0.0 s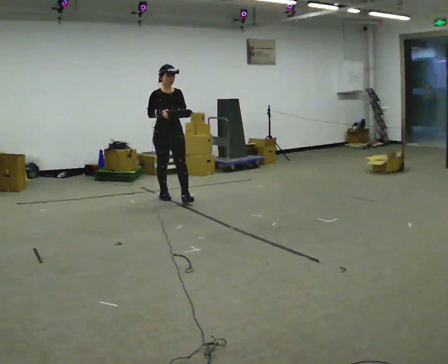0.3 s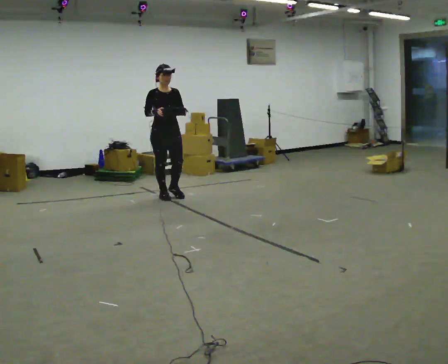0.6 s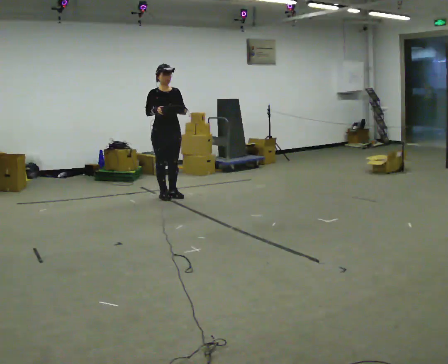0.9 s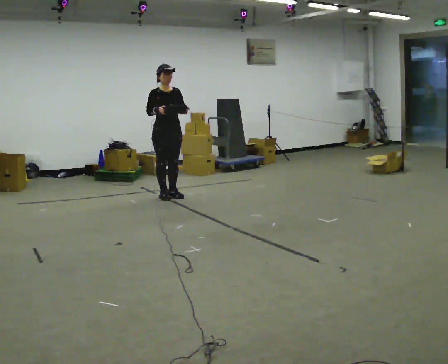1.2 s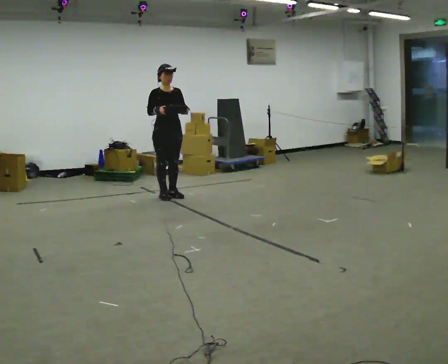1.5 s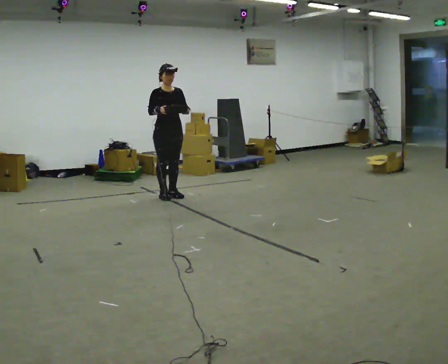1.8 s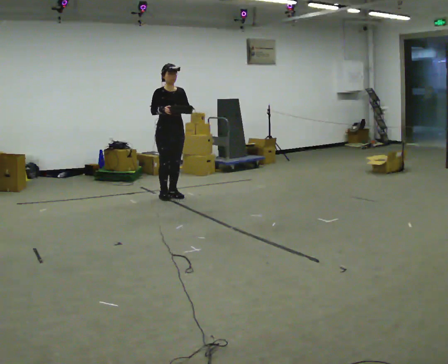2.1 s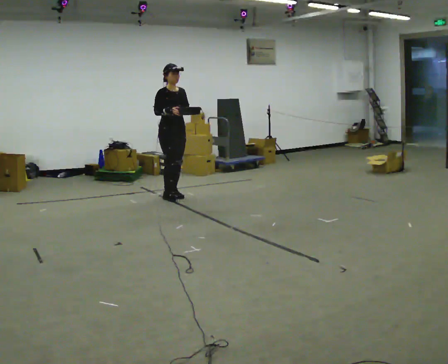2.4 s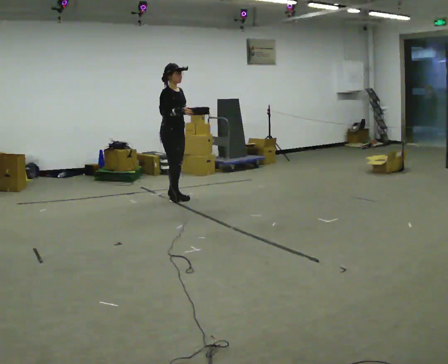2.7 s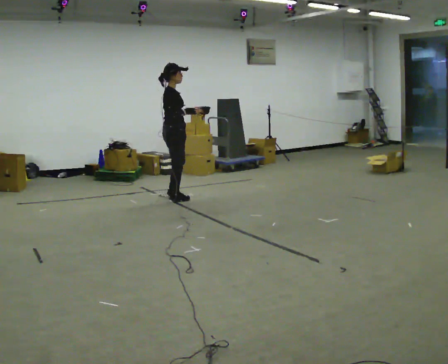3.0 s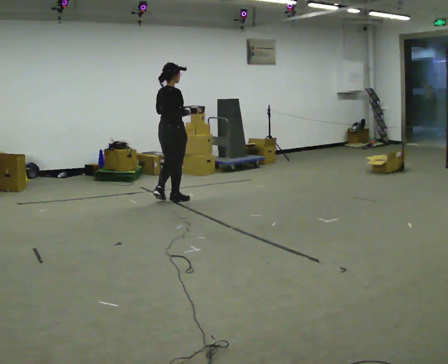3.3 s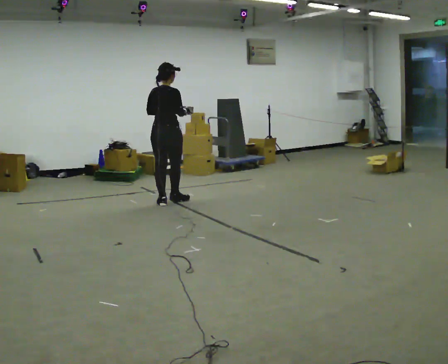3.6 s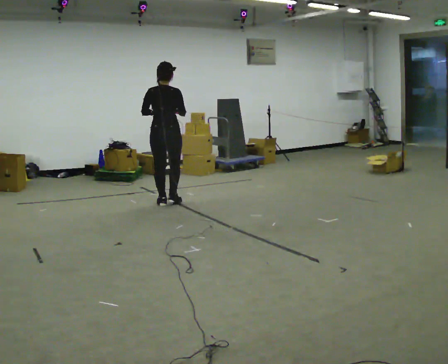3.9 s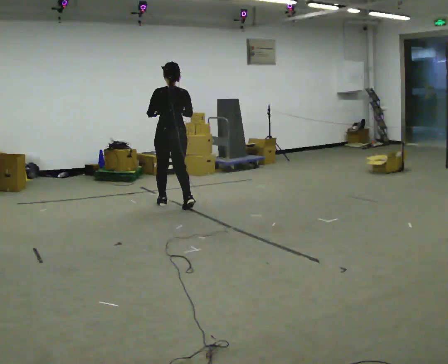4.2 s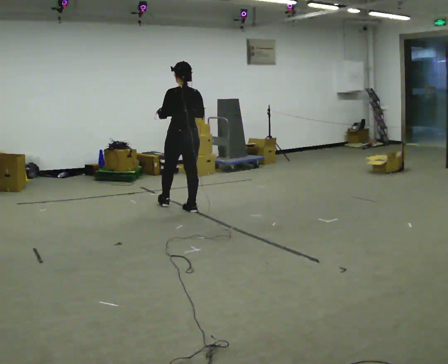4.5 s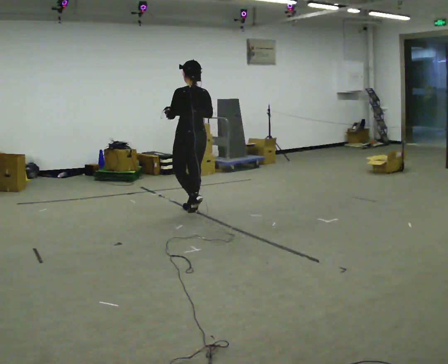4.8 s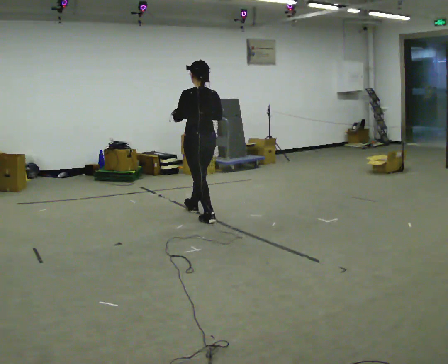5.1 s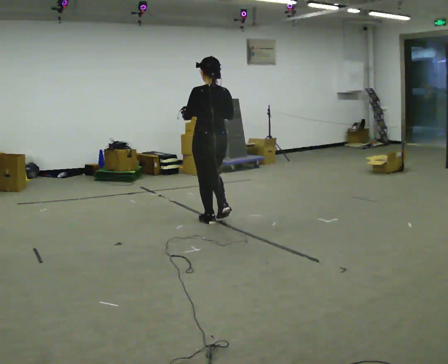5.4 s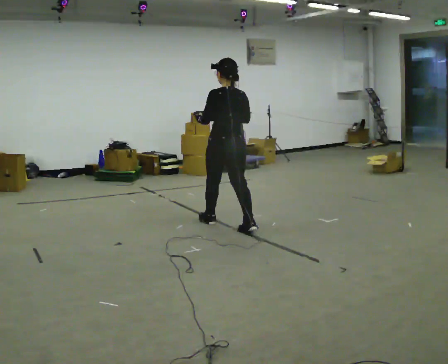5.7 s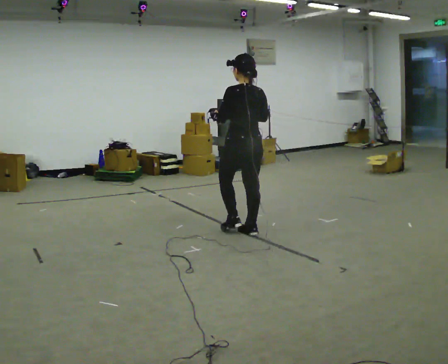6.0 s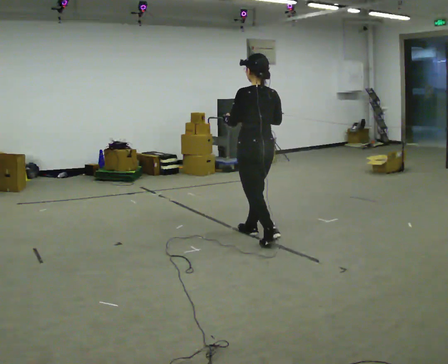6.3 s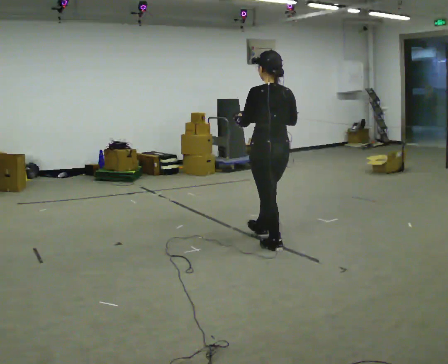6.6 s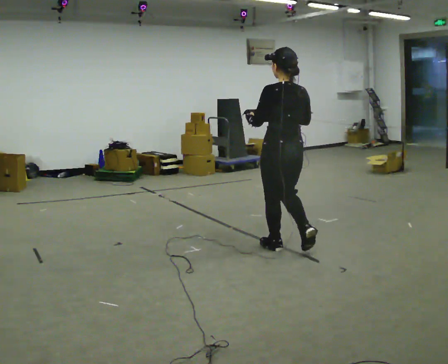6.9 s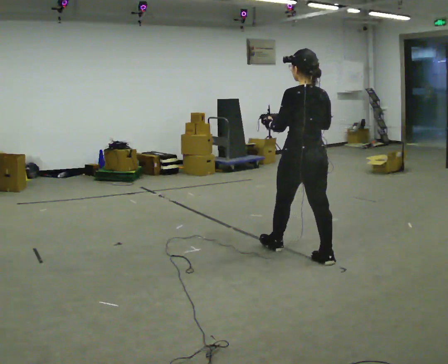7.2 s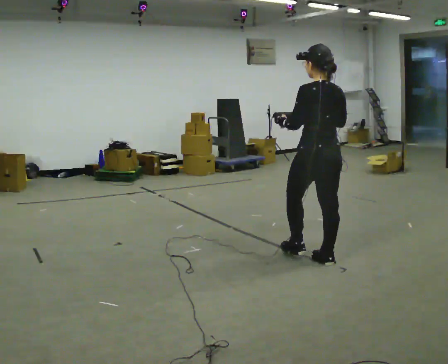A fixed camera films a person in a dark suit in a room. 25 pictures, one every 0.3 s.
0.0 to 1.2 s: The person moves a little, or ends about where they began.
1.2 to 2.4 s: The part of the body nearest the lens slides to the right as the person turns to their left by about 30 degrees.
2.4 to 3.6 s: Seen from above the body turns counterclockwise, about 120 degrees: to their left, with its near side sliding to the right. In the picture they go toward the camera, about 0.25 m in 2 steps.
3.6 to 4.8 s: The person turns about 45 degrees to their left, counterclockwise seen from above, so the part of the body nearest the lens slides to the right. In the picture they go toward the camera and to the right, about 0.75 m in 1 step, which for them is backward.
4.8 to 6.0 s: In the picture they go toward the camera and to the right, about 1 m in 2 steps, which for them is backward.
6.0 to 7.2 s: In the picture they go toward the camera and to the right, about 1 m in 2 steps, which for them is backward.
The film runs backward here.
